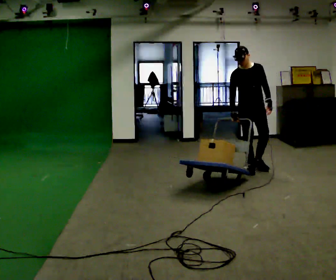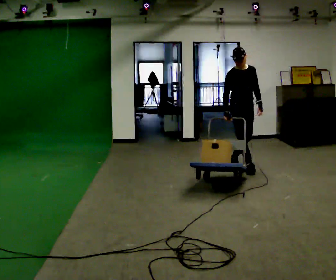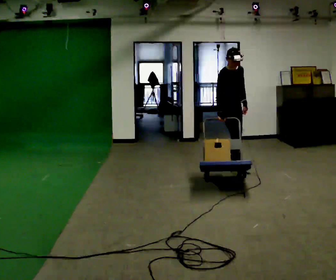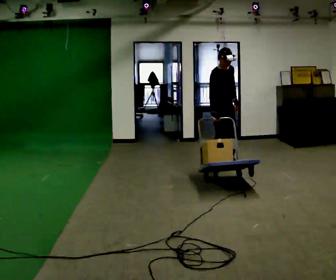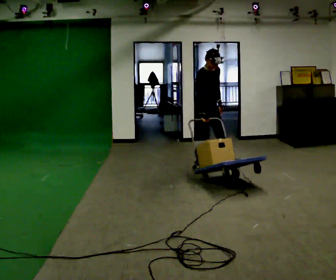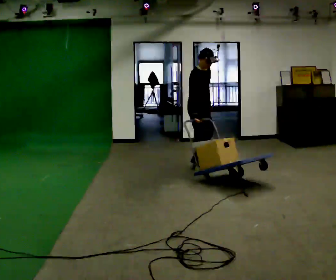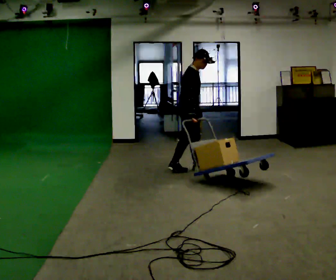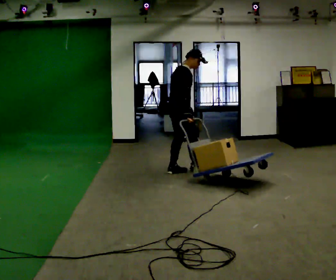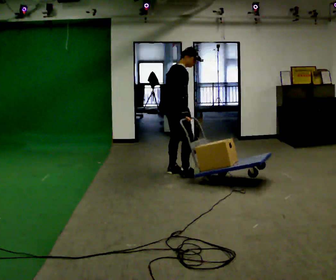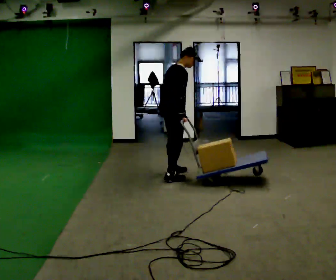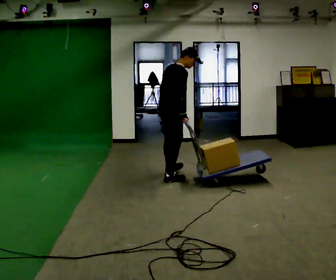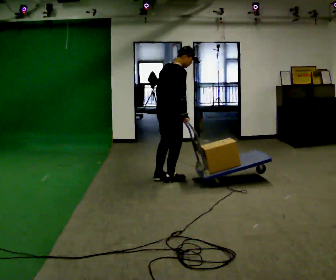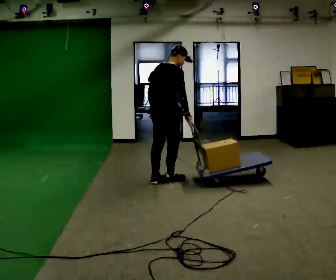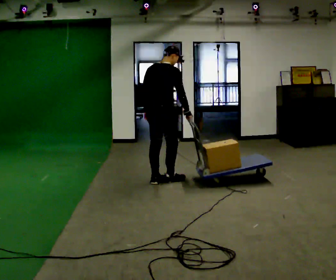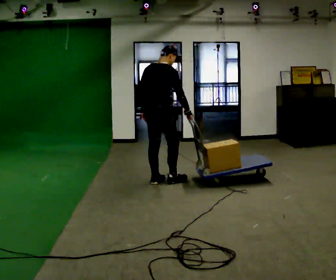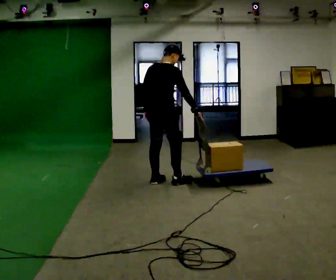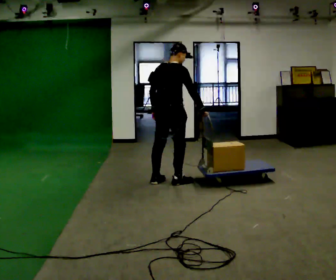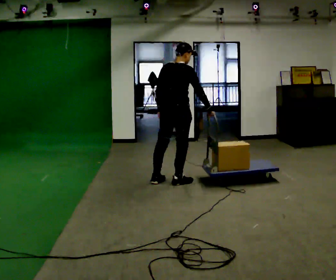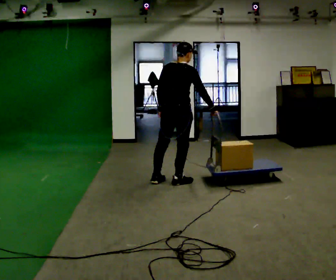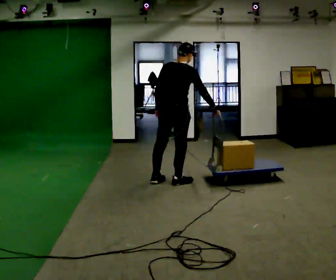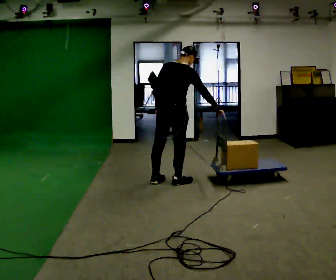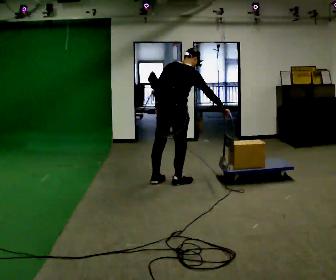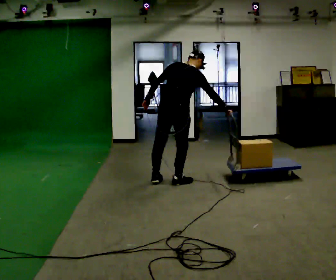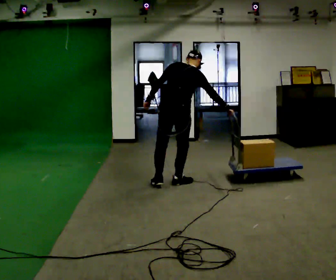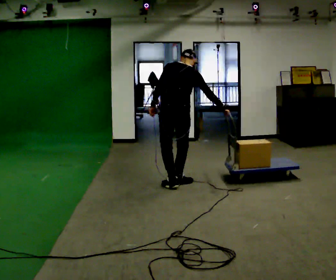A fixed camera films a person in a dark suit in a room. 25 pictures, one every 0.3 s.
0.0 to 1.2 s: The person turns about 45 degrees to their left, counterclockwise seen from above, so the part of the body nearest the lens slides to the right. In the picture they go to the left, about 0.75 m in 2 steps, which for them is backward and to their right.
1.2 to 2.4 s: Seen from above the body turns counterclockwise, about 60 degrees: to their left, with its near side sliding to the right. In the picture they go to the left and toward the camera, about 0.5 m in 1 step.
2.4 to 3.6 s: The part of the body nearest the lens slides to the right as the person turns to their left by about 30 degrees. In the picture they go toward the camera, about 0.5 m in 2 steps, which for them is to their right and backward.
3.6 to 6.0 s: In the picture their right hand goes to the right.
6.0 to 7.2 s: Seen from above the body turns counterclockwise, about 30 degrees: to their left, with its near side sliding to the right.
The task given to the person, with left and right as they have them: Pull the cart behind you as you walk backward across the room. The operator will confirm the space behind you is clear before each take.
The film runs forward here.
